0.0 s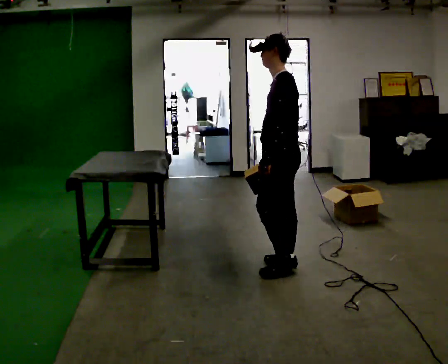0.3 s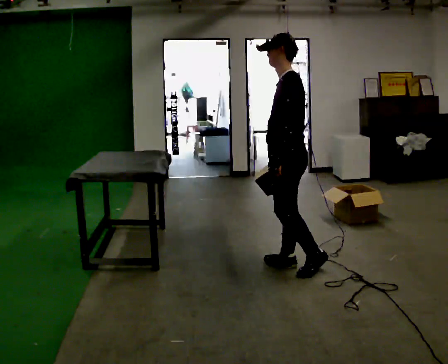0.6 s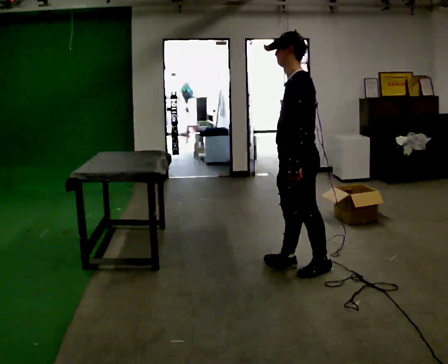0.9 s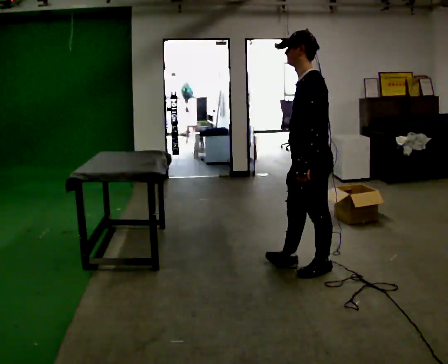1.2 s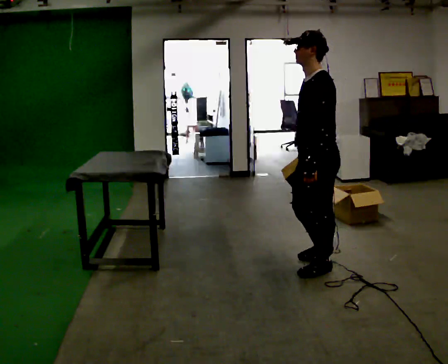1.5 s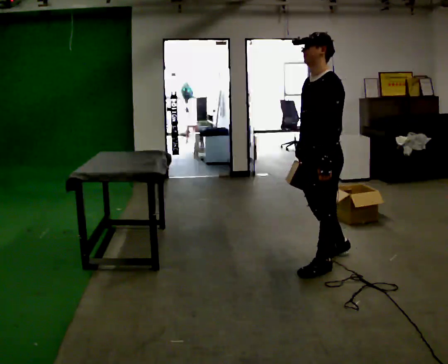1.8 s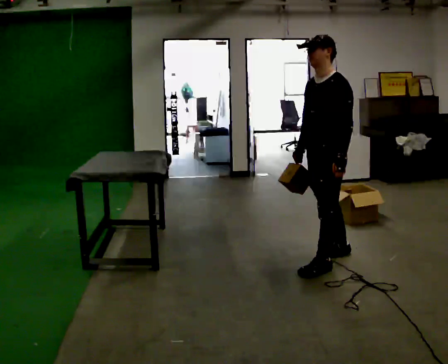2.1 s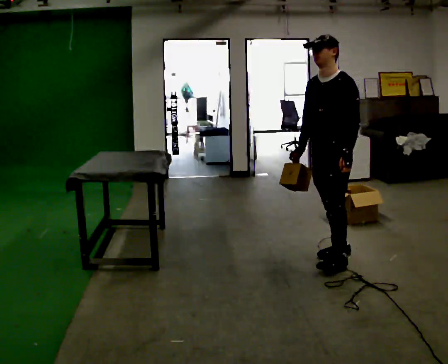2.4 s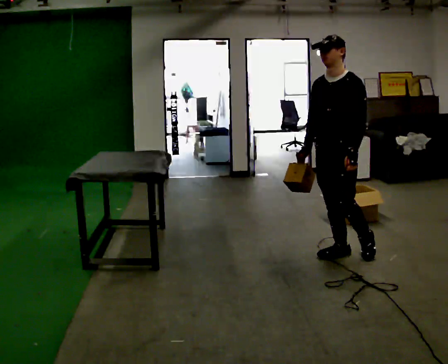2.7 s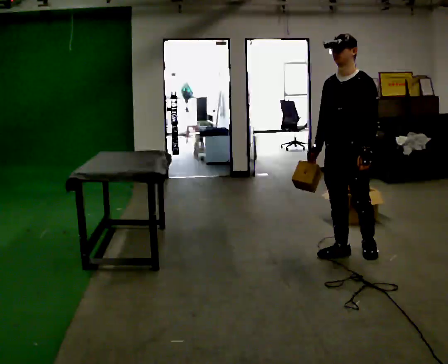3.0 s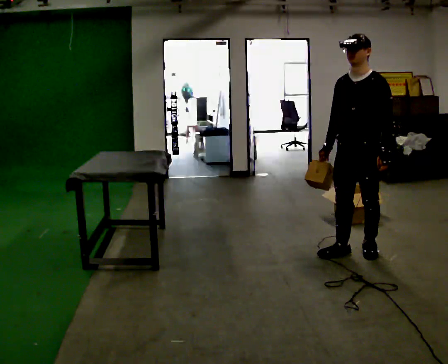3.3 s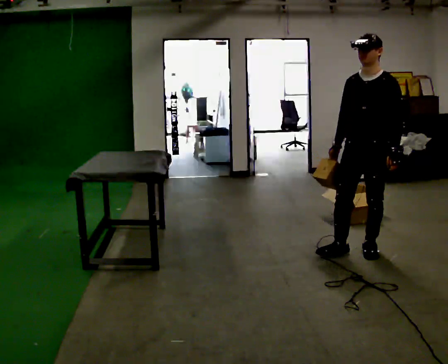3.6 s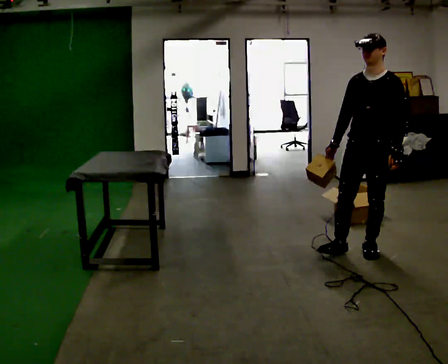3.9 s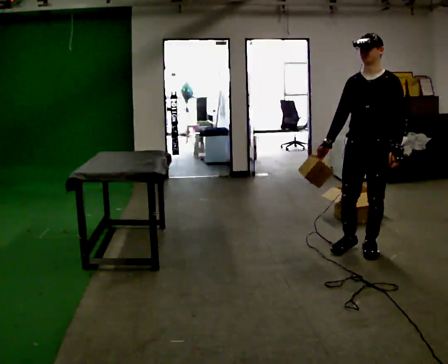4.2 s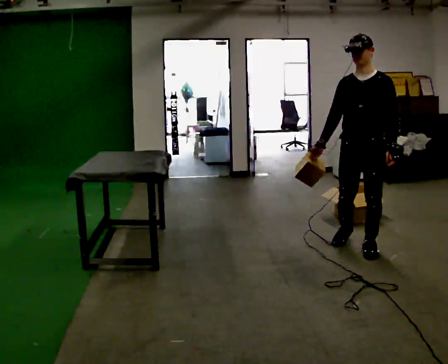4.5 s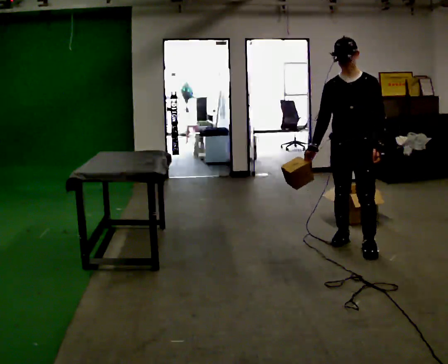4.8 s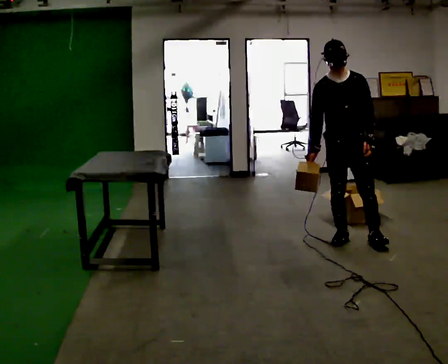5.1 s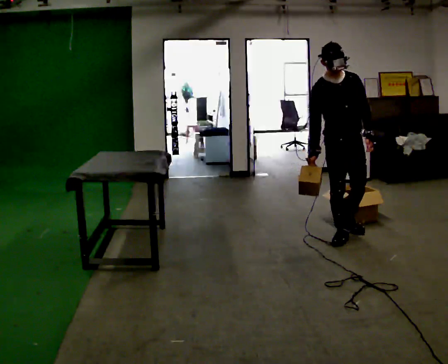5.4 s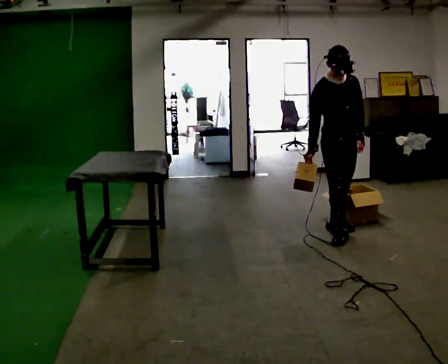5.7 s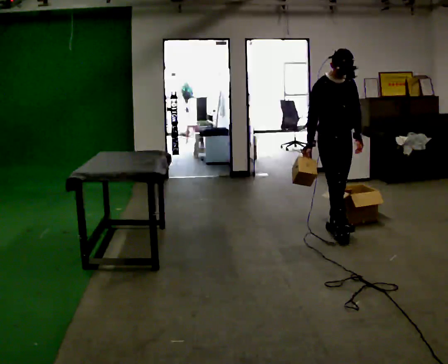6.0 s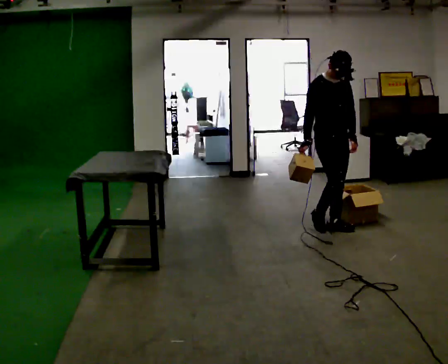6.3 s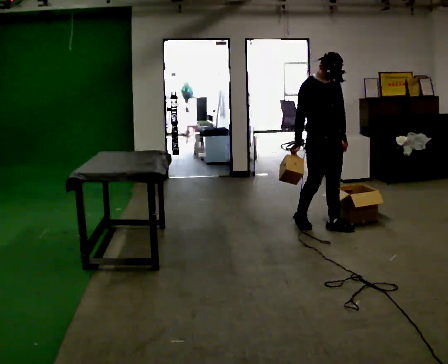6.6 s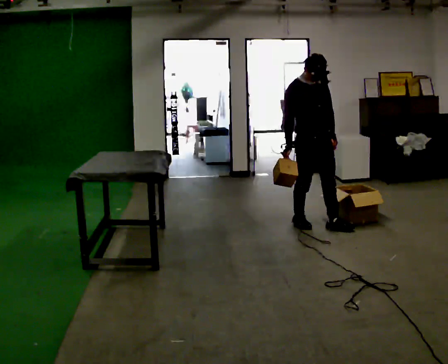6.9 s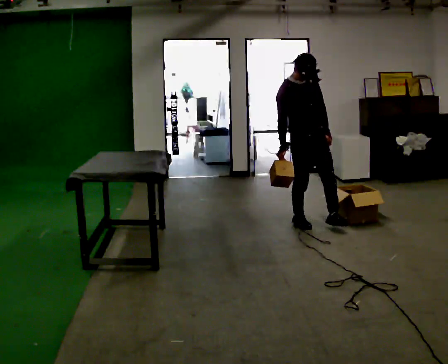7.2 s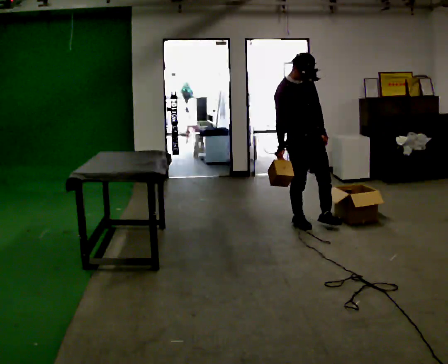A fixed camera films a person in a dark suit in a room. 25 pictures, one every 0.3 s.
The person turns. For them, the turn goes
to their left.
The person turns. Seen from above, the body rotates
counterclockwise.
0.0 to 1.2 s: In the picture they go to the right, about 0.25 m in 1 step, which for them is backward and to their left.
1.2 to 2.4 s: The person turns about 45 degrees to their left, counterclockwise seen from above, so the part of the body nearest the lens slides to the right. In the picture they go away from the camera, about 0.25 m in 1 step, which for them is backward and to their right.
2.4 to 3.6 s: In the picture they go to the right, about 0.25 m, which for them is to their left and backward.
3.6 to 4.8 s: The part of the body nearest the lens slides to the right as the person turns to their left by about 30 degrees. In the picture they go away from the camera and to the left, about 0.25 m in 2 steps, which for them is backward and to their right.
4.8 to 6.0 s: Seen from above the body turns counterclockwise, about 30 degrees: to their left, with its near side sliding to the right. In the picture they go away from the camera, about 0.5 m in 1 step, which for them is backward and to their left.
6.0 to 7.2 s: In the picture they go to the left, about 0.25 m in 1 step, which for them is backward.
The film runs backward here.
